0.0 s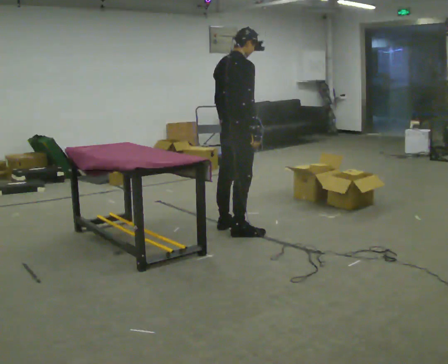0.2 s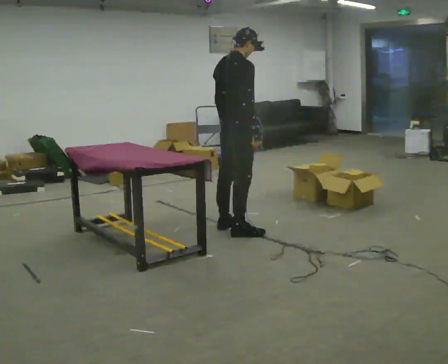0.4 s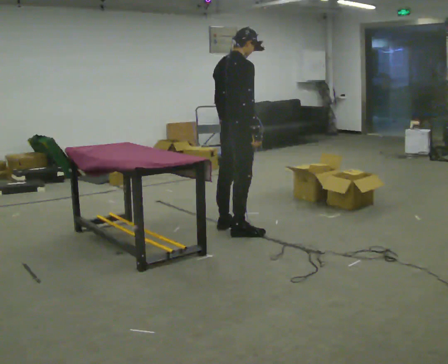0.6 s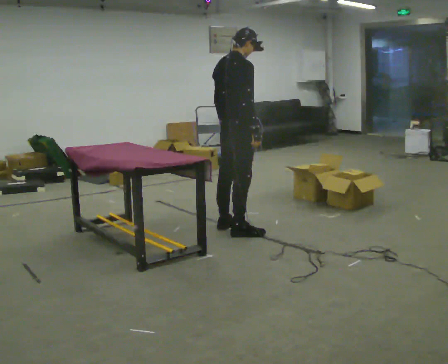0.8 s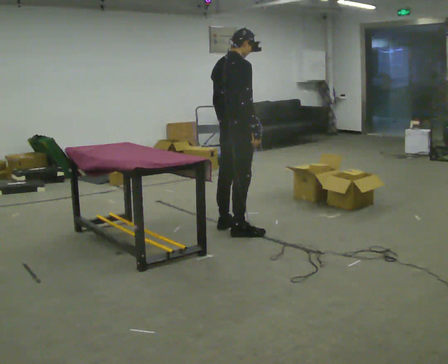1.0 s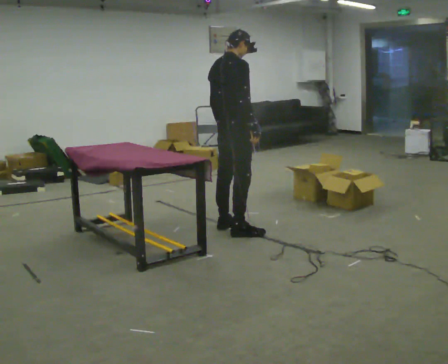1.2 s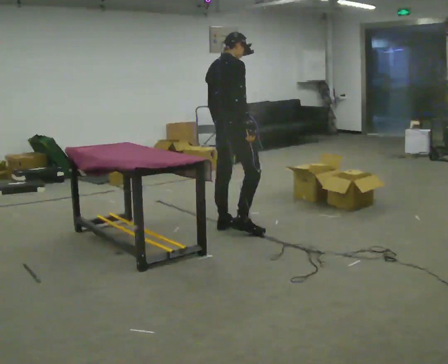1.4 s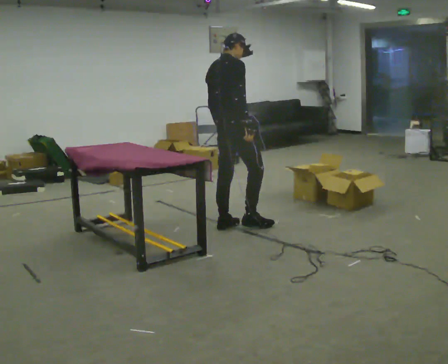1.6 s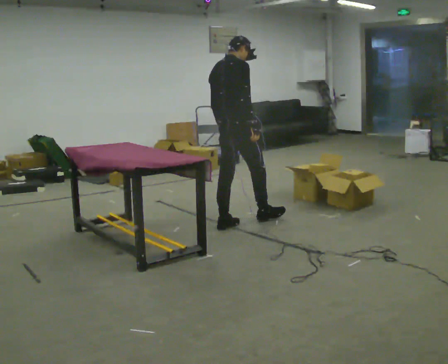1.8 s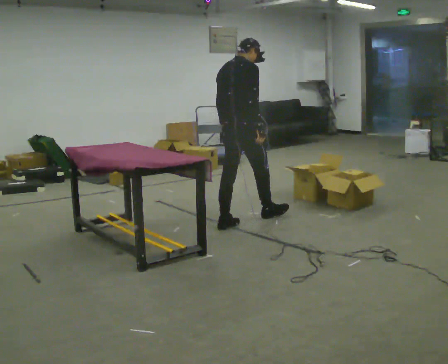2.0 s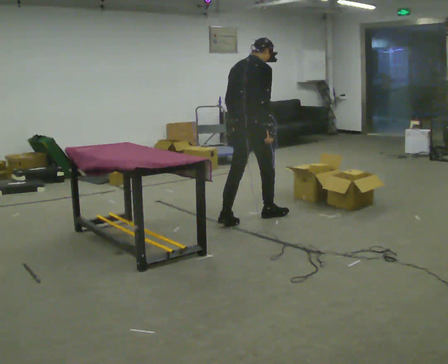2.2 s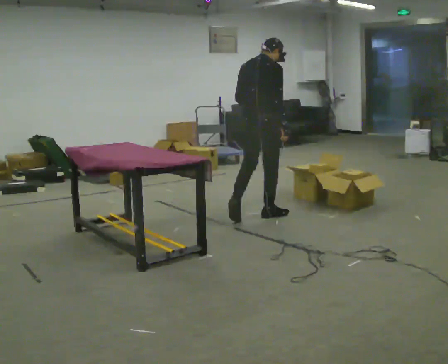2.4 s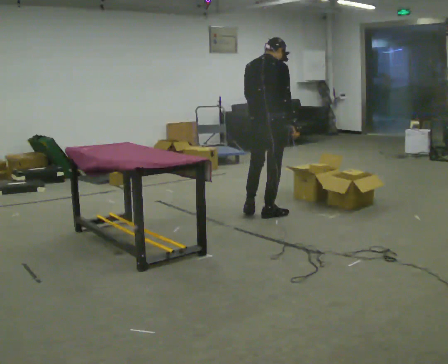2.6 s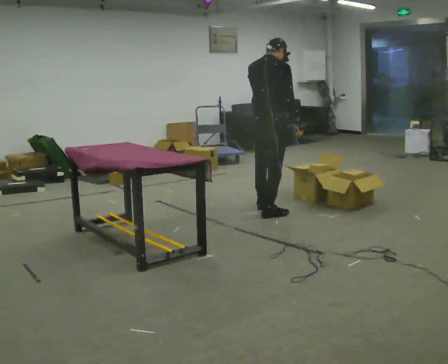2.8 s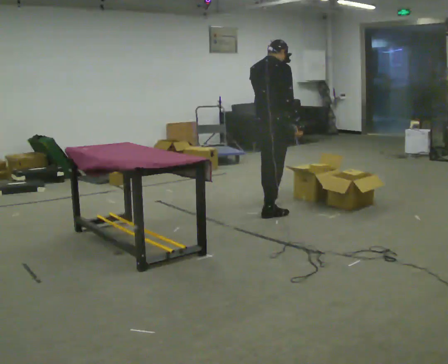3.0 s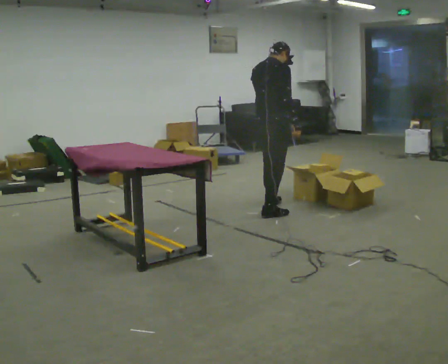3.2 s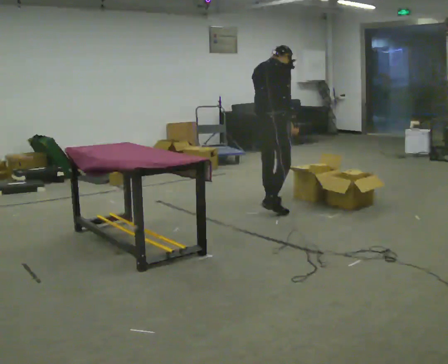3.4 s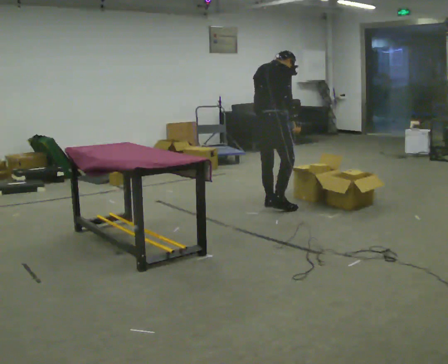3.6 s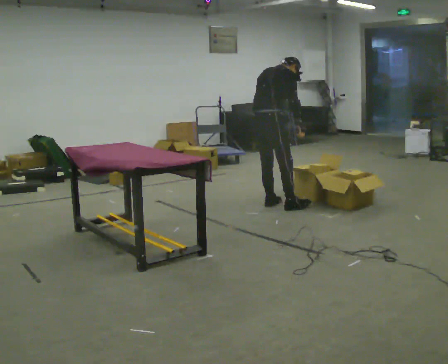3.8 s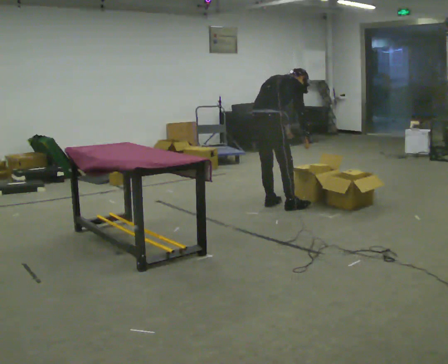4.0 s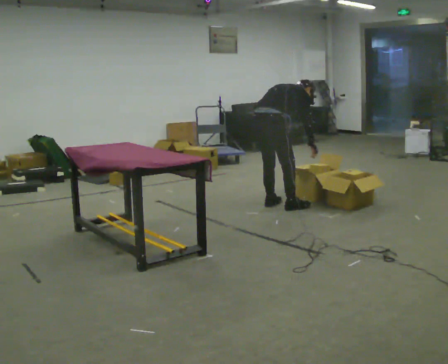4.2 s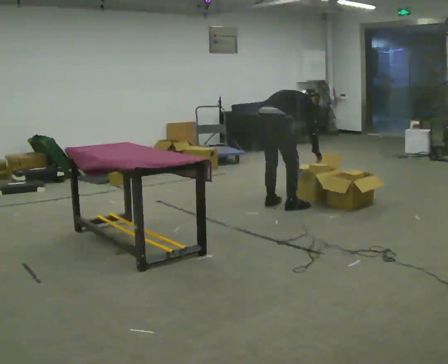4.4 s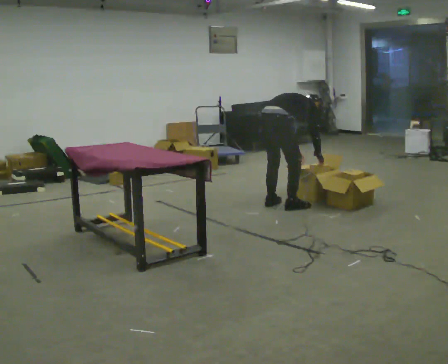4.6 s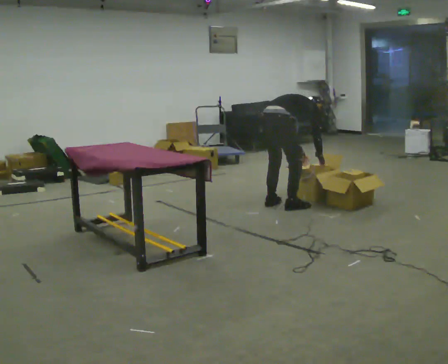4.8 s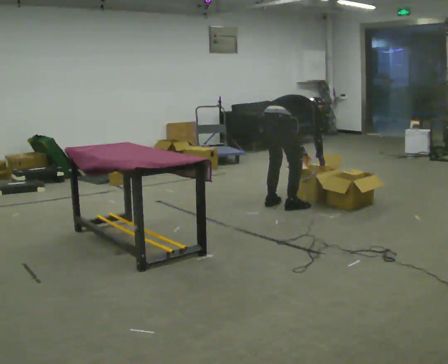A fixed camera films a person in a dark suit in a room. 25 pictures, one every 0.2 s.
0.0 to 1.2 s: The person moves a little, or ends about where they began.
1.2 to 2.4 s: In the picture they go to the right and away from the camera, about 0.5 m in 1 step, which for them is forward. In the picture their left hand goes upward.
2.4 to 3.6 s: In the picture they go away from the camera, about 0.25 m in 2 steps, which for them is forward and to their left. The upper body tips away from the camera, its near side rolling upward, as they bend forward.
3.6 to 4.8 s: The upper body goes downward. In the picture the upper body tilts clockwise, shoulders to the right, as they bend forward. In the picture their right hand goes downward.
The film runs forward here.
